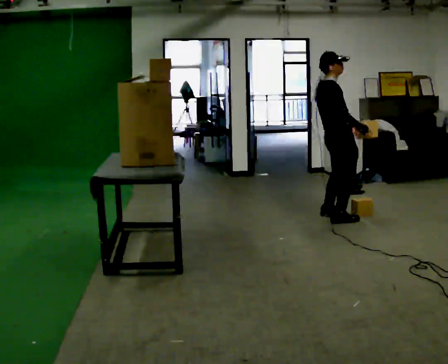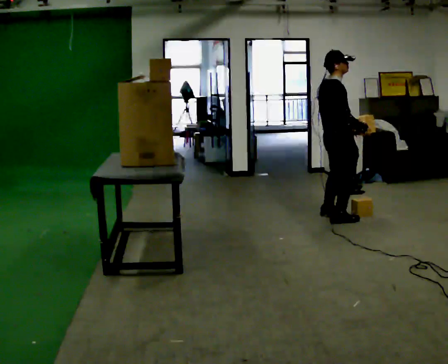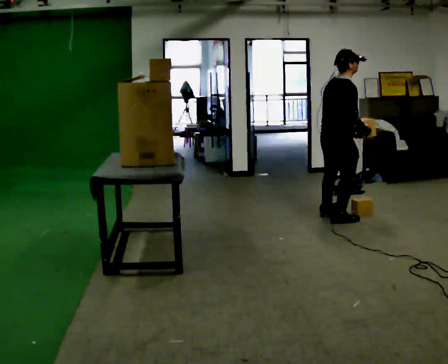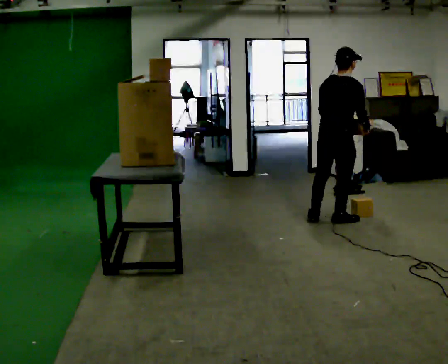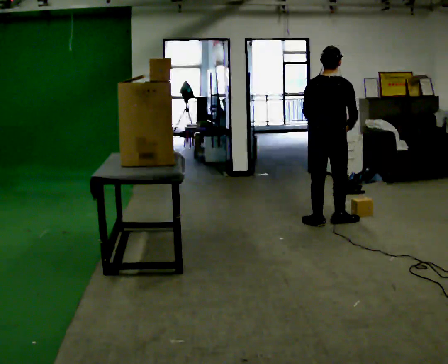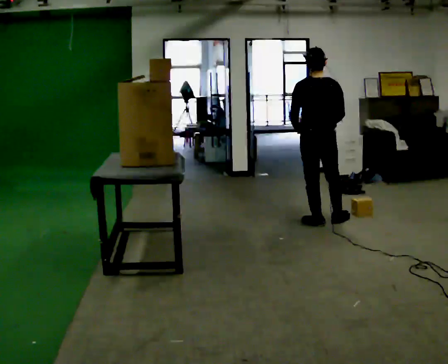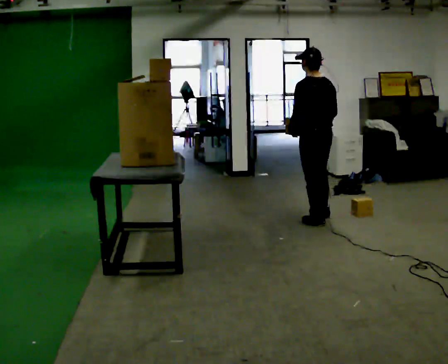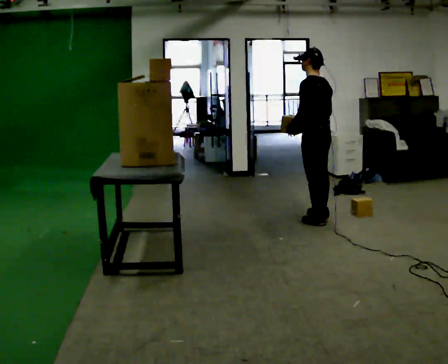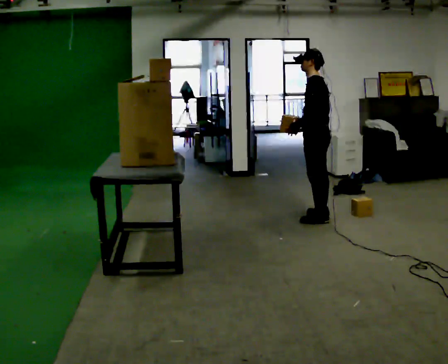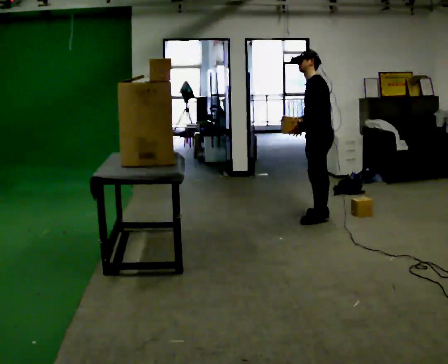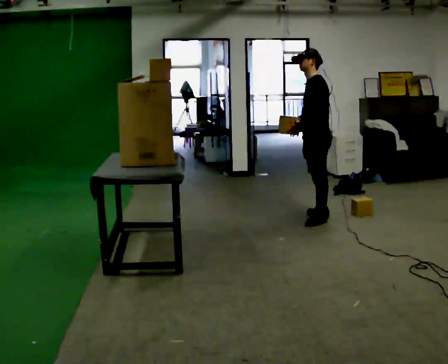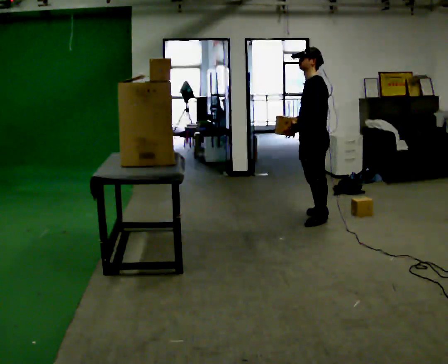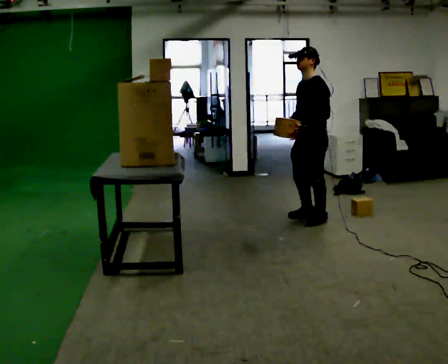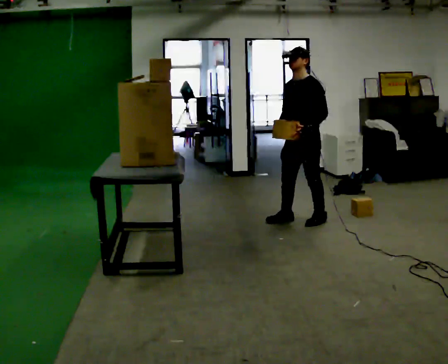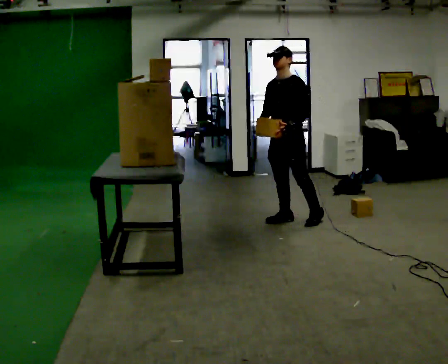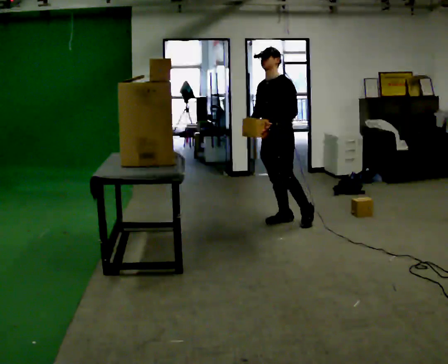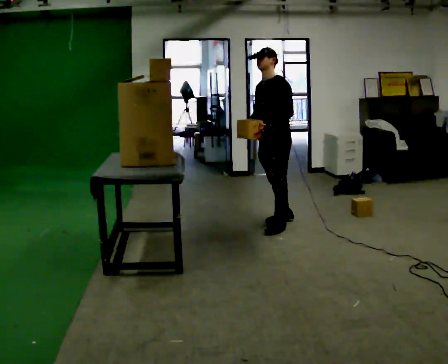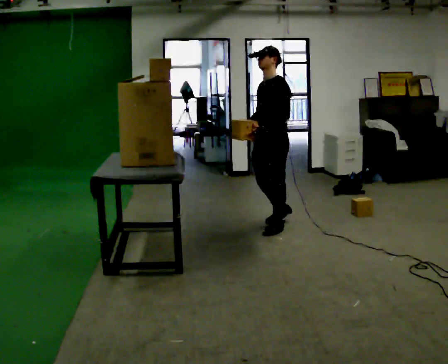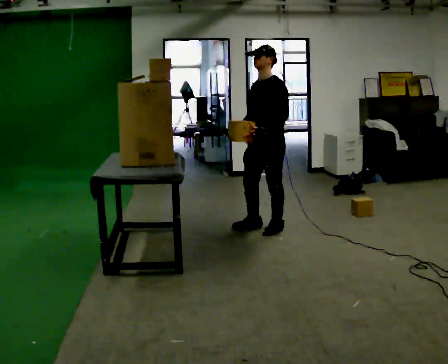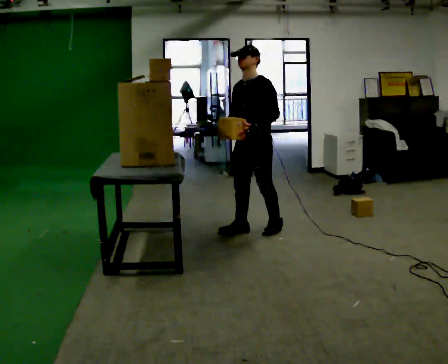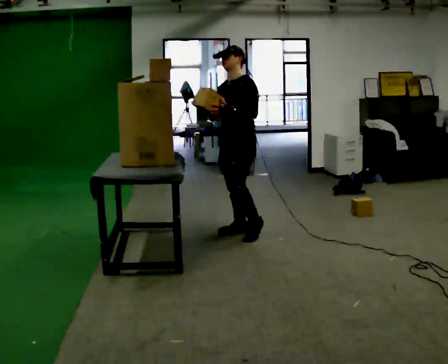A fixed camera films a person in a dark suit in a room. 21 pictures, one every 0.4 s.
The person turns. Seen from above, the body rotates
counterclockwise.
The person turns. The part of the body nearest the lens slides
to the right.
0.0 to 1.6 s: The person turns about 60 degrees to their left, counterclockwise seen from above, so the part of the body nearest the lens slides to the right. In the picture they go toward the camera, about 0.25 m in 1 step. In the picture their left hand goes to the left.
1.6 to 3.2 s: The person turns about 90 degrees to their left, counterclockwise seen from above, so the part of the body nearest the lens slides to the right. In the picture they go away from the camera, about 0.25 m in 1 step.
3.2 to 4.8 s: Seen from above the body turns counterclockwise, about 30 degrees: to their left, with its near side sliding to the right. In the picture they go toward the camera, about 0.25 m, which for them is to their left and forward.
4.8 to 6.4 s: In the picture they go to the left, about 0.25 m in 1 step, which for them is to their right and forward.
6.4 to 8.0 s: In the picture they go toward the camera and to the left, about 0.5 m in 2 steps, which for them is forward.
The film runs forward here.
